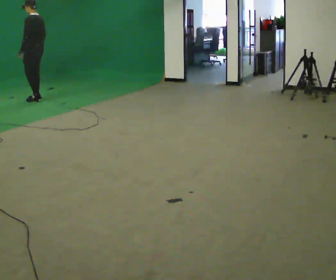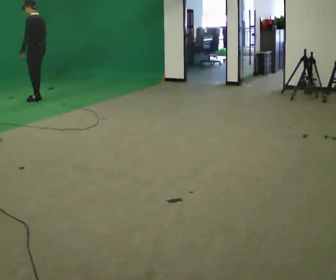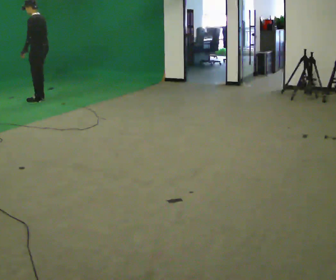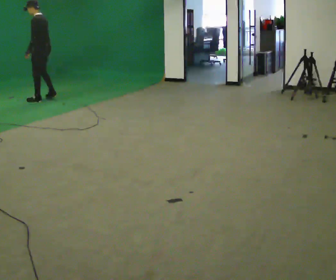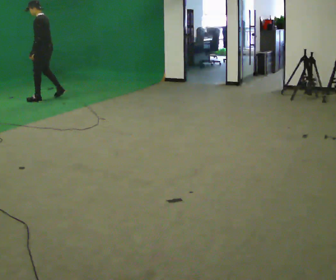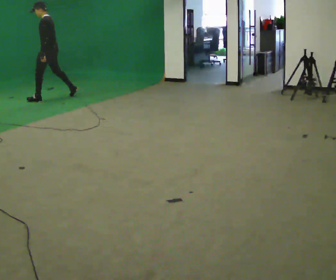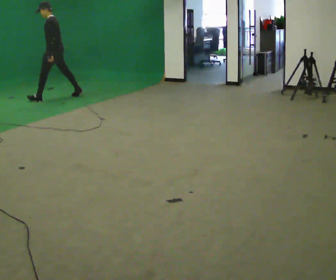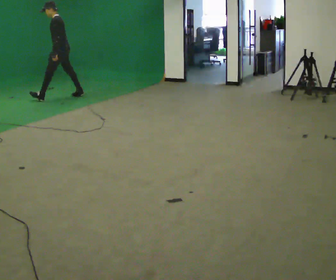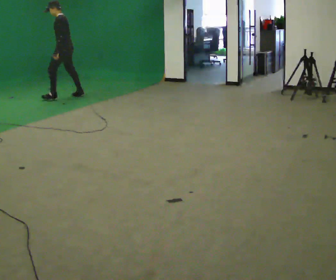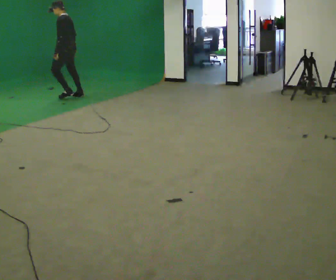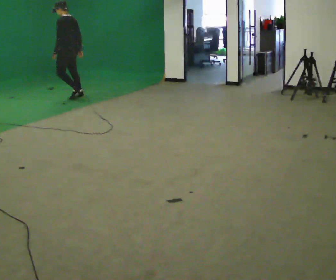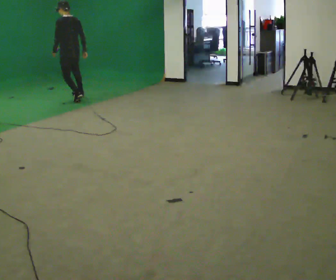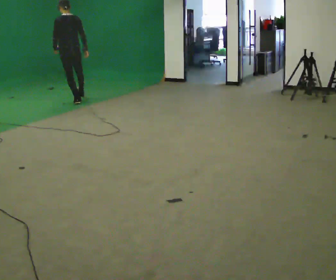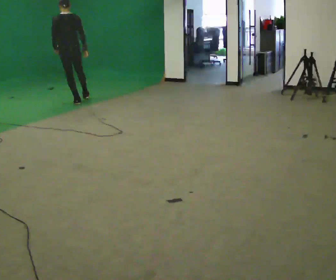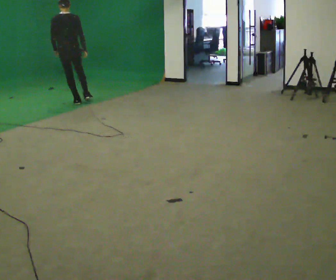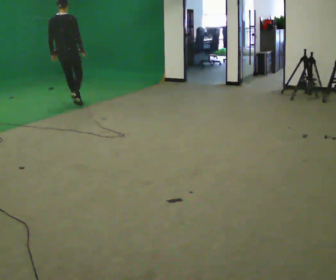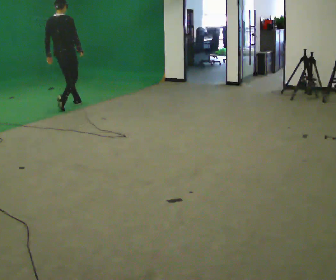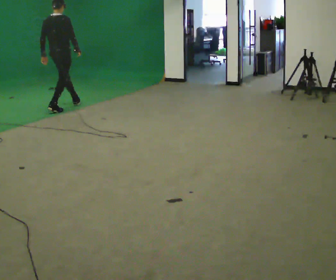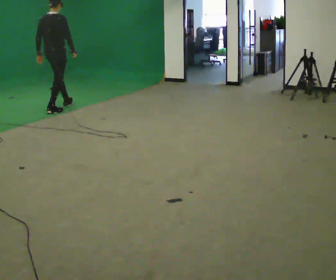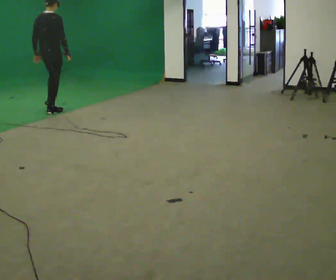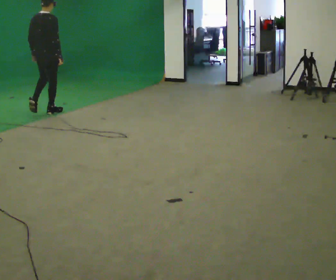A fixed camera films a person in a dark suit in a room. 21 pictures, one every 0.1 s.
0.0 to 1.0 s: In the picture they go to the right, about 0.5 m in 2 steps, which for them is backward.
1.0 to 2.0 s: The person turns about 90 degrees to their right, clockwise seen from above, so the part of the body nearest the lens slides to the left. In the picture they go toward the camera, about 1 m in 2 steps.
The film runs backward here.
